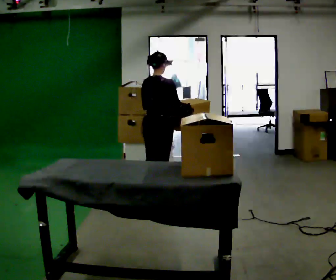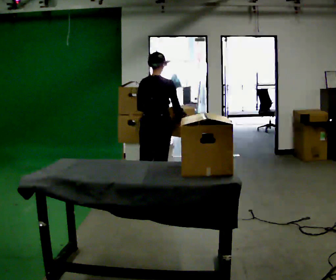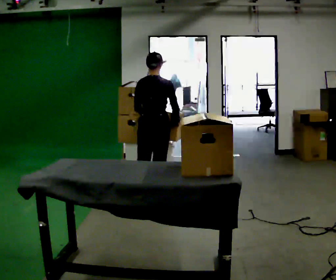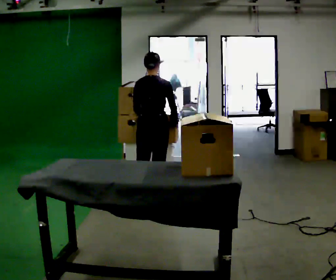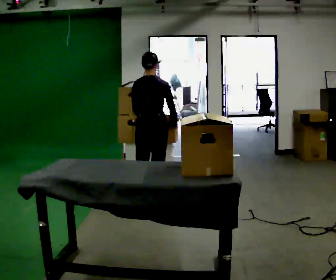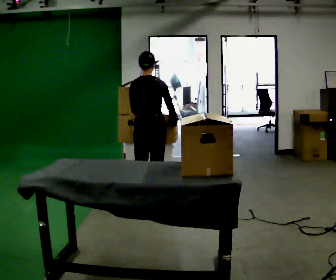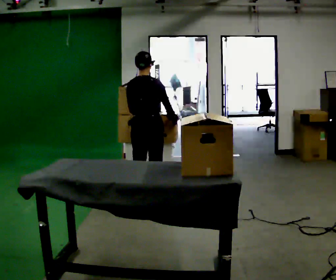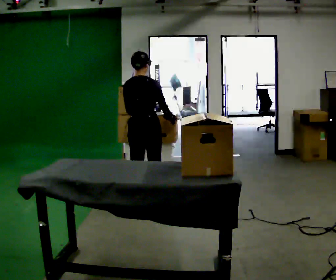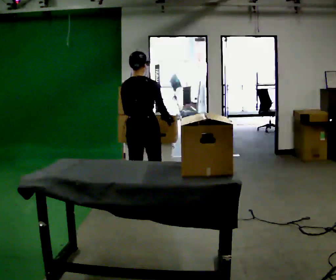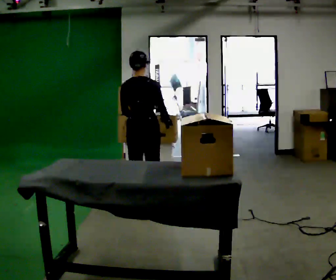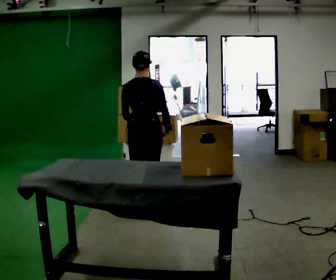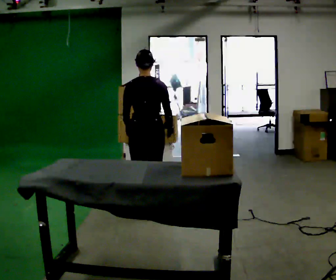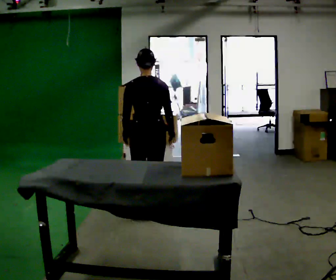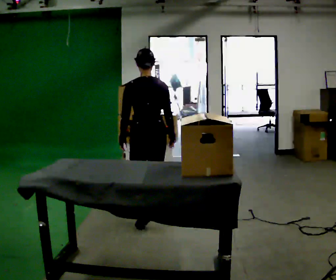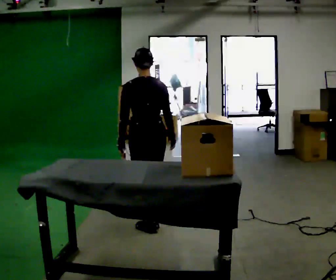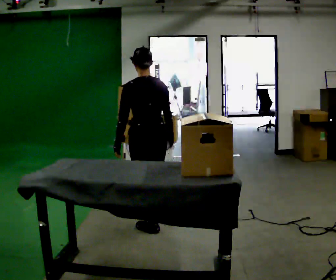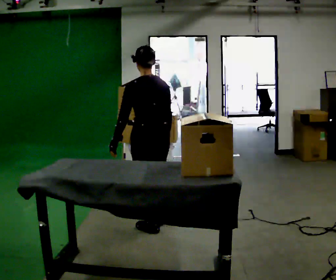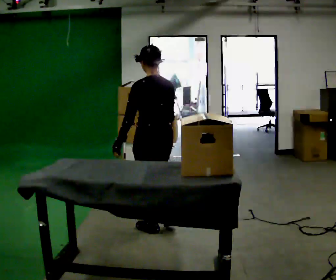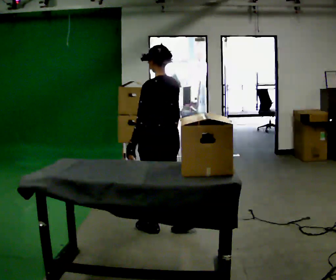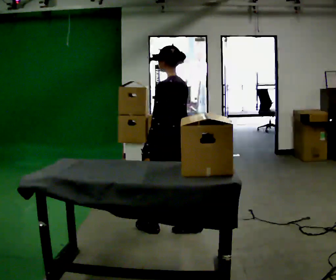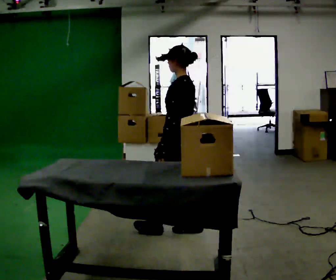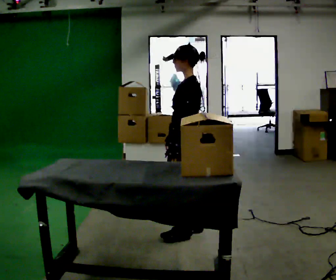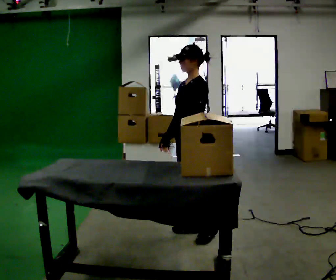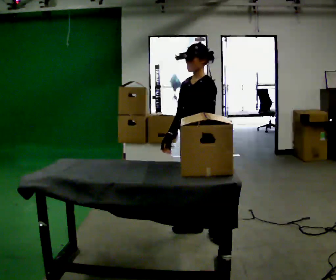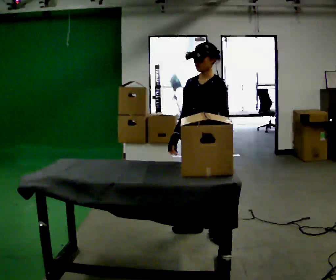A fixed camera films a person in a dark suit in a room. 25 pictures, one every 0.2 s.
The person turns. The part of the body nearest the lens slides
to the right.
The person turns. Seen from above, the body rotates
counterclockwise.
0.0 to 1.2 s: The person moves a little, or ends about where they began.
1.2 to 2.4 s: In the picture they go toward the camera, about 0.25 m in 2 steps, which for them is backward.
2.4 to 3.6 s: Seen from above the body turns counterclockwise, about 45 degrees: to their left, with its near side sliding to the right. In the picture they go toward the camera, about 0.25 m in 1 step, which for them is backward.
3.6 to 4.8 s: The person turns about 90 degrees to their left, counterclockwise seen from above, so the part of the body nearest the lens slides to the right. In the picture they go to the right, about 0.25 m in 1 step.
The film runs backward here.
